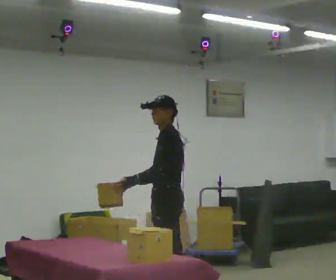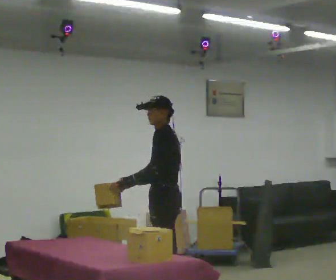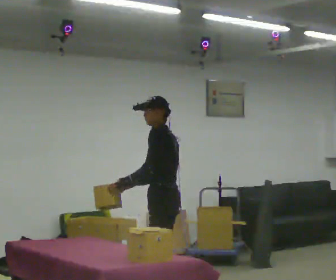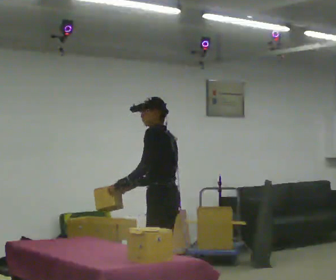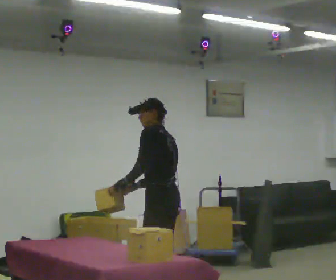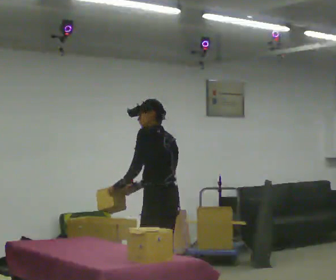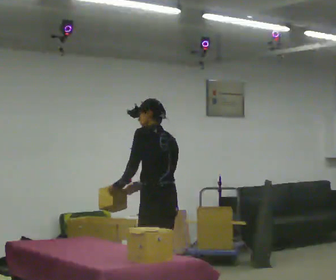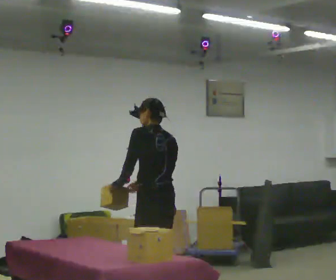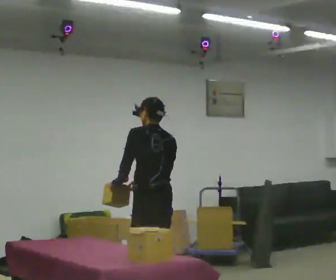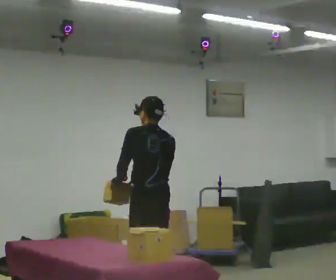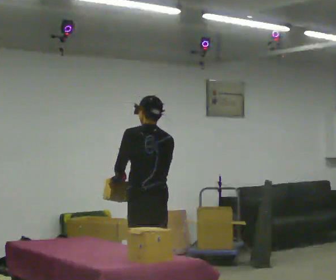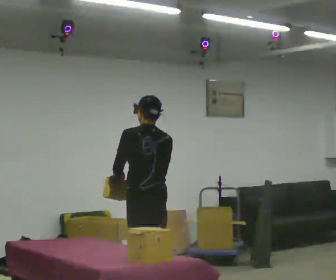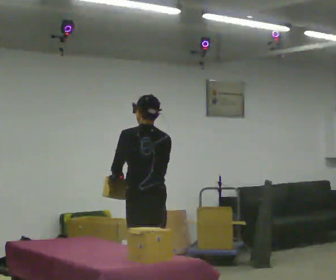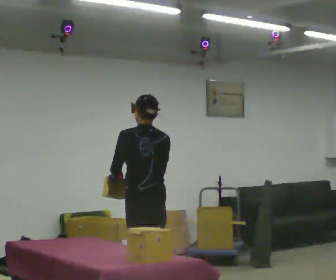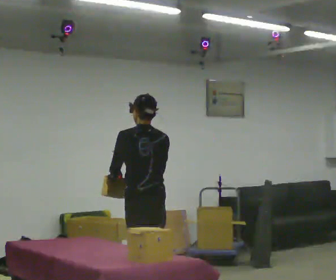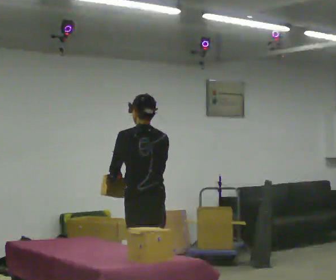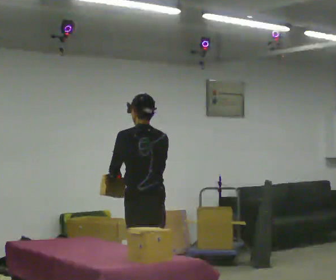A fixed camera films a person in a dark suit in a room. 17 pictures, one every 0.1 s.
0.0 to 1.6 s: The part of the body nearest the lens slides to the left as the person turns to their right by about 60 degrees. In the picture they go to the left, about 0.25 m in 1 step.
The film runs backward here.
